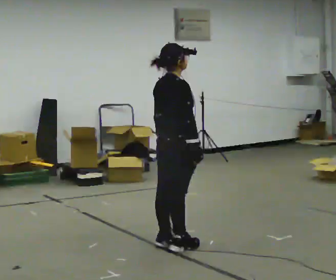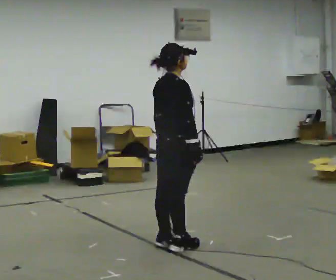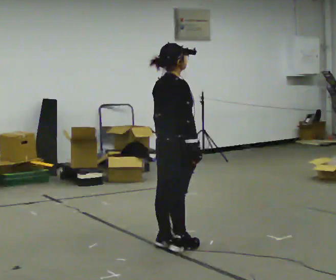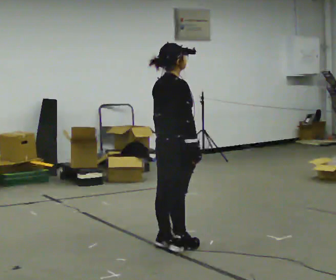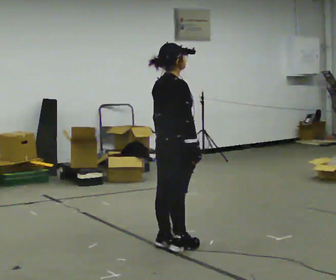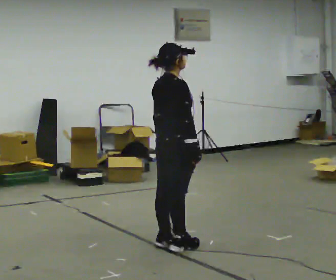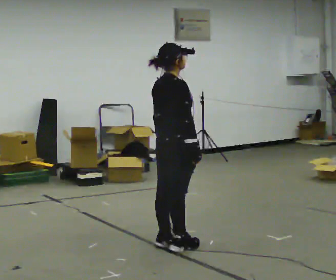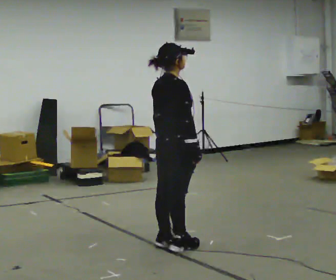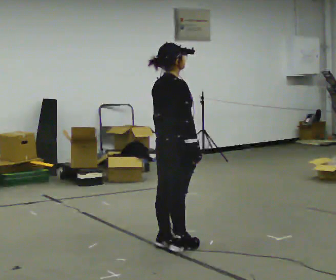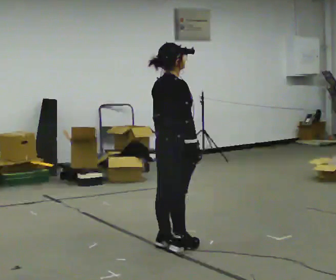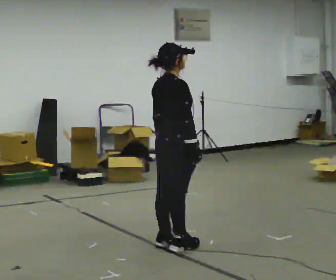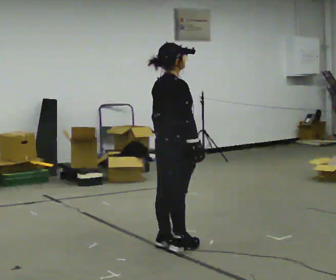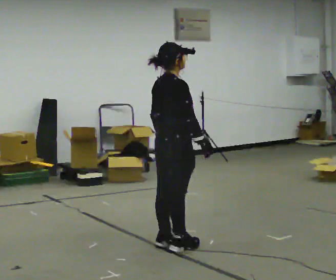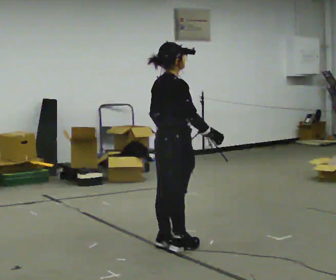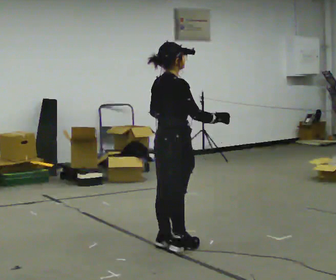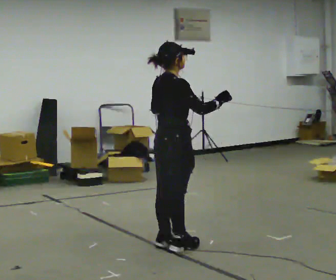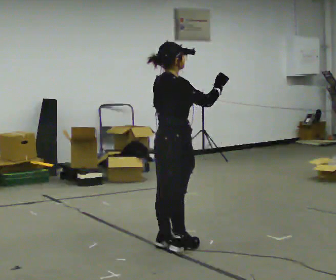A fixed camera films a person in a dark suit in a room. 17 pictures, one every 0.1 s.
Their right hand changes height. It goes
upward.
Their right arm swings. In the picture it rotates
counterclockwise.
0.0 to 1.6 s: In the picture their right hand goes upward, the arm swinging counterclockwise.
The film runs forward here.
